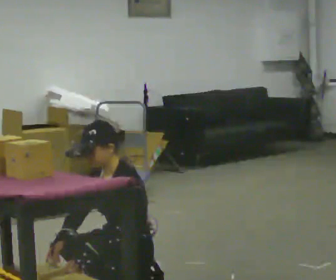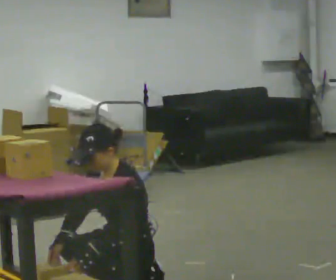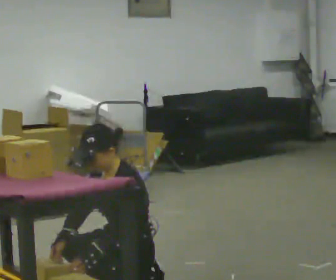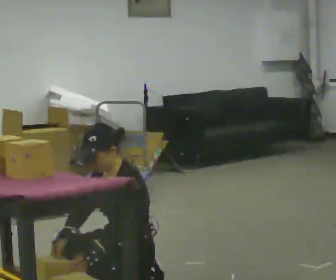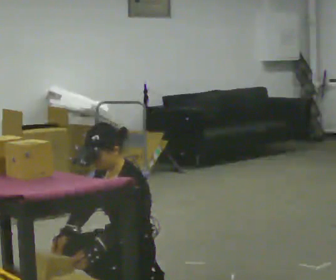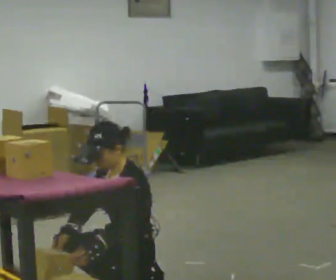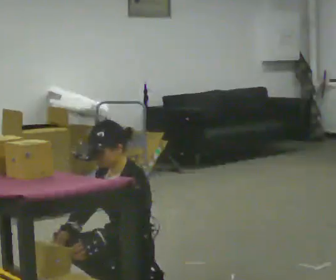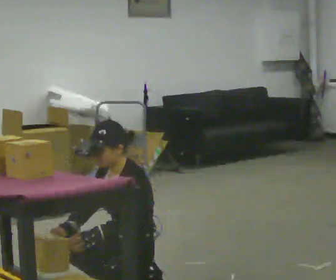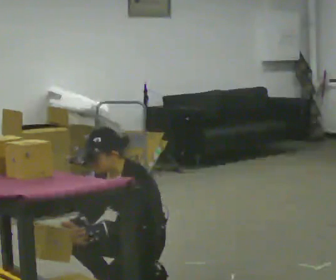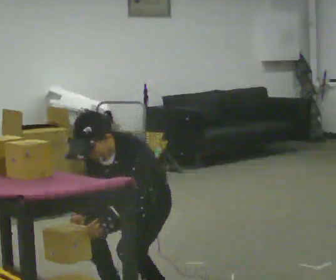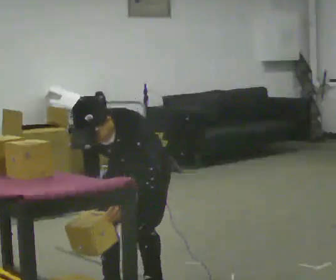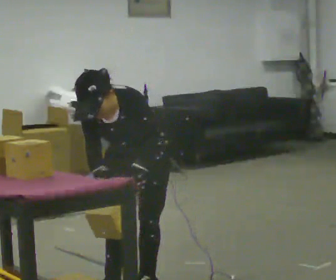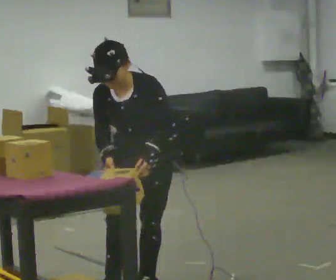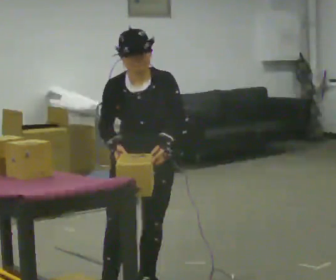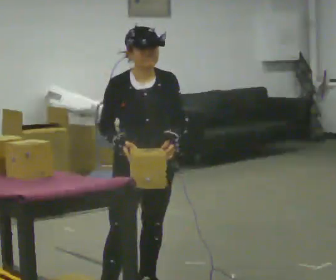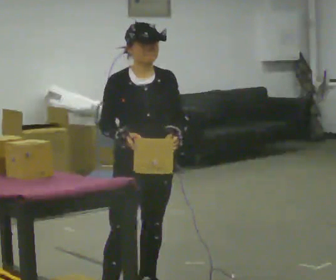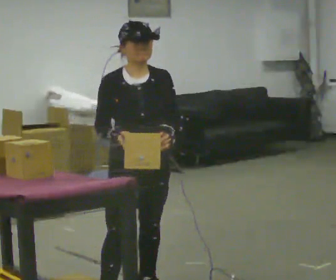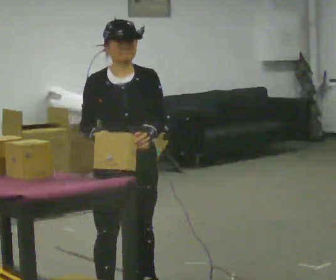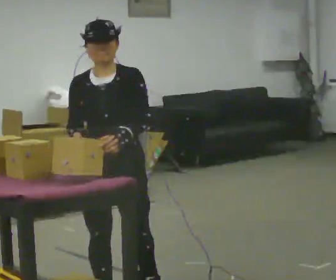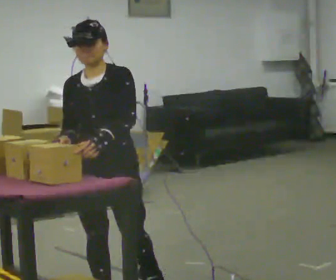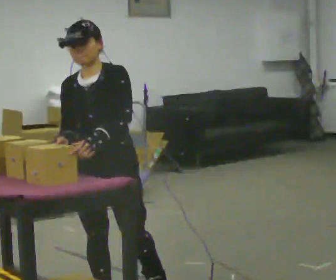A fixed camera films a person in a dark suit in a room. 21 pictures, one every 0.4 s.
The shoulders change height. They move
upward.
Their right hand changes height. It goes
upward.
0.0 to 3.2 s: The person moves a little, or ends about where they began.
3.2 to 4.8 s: Seen from above the body turns counterclockwise, about 45 degrees: to their left, with its near side sliding to the right. The upper body goes upward. In the picture their left hand goes upward and to the right, the arm swinging counterclockwise.
4.8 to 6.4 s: The part of the body nearest the lens slides to the right as the person turns to their left by about 30 degrees. The upper body tips away from the camera, its near side rolling upward, as they lean back or straighten.
6.4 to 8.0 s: The part of the body nearest the lens slides to the left as the person turns to their right by about 30 degrees. In the picture they go toward the camera and to the left, about 0.25 m, which for them is forward and to their right.
The film runs backward here.
